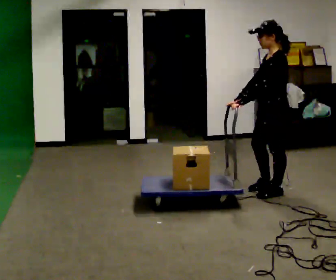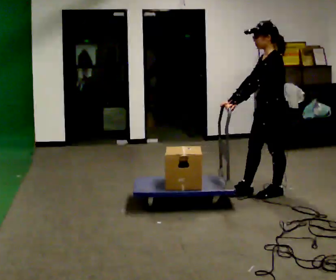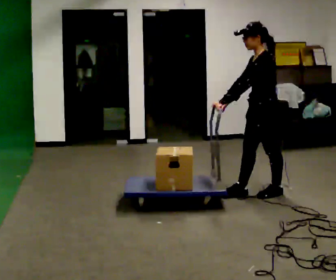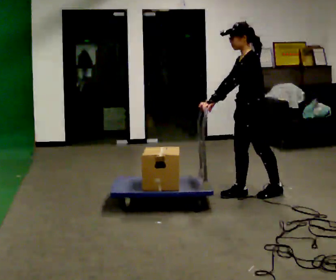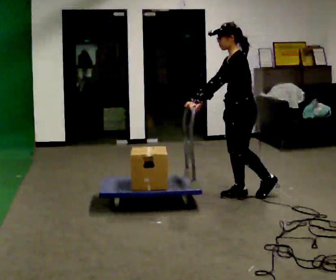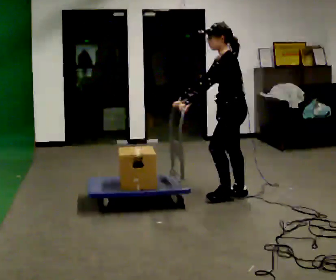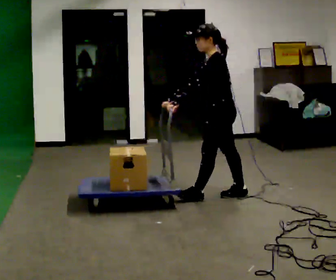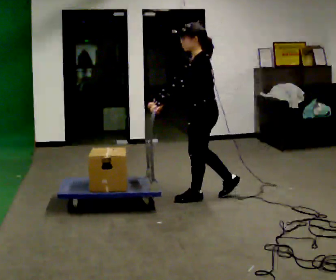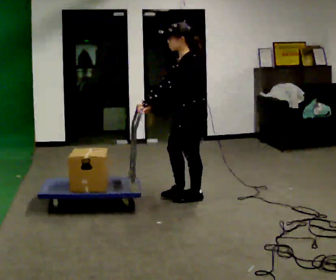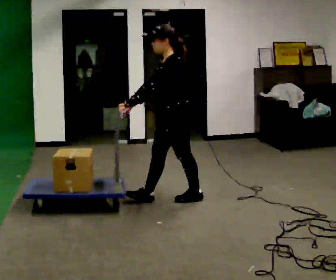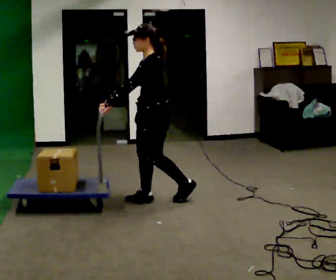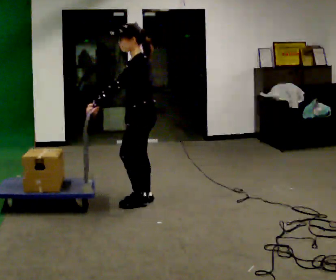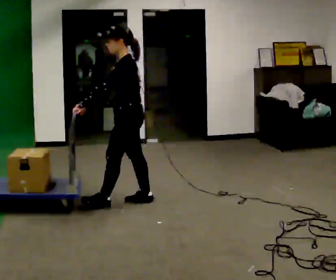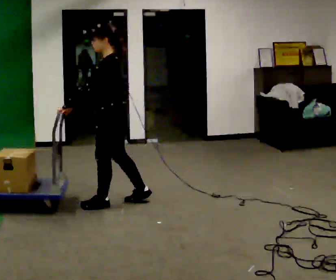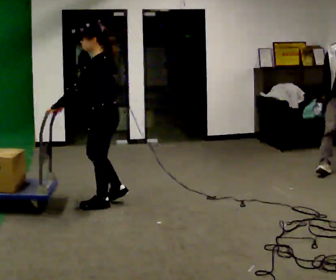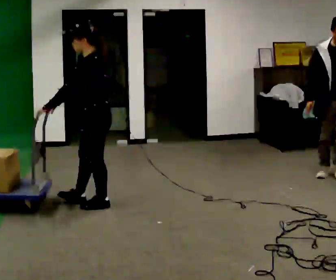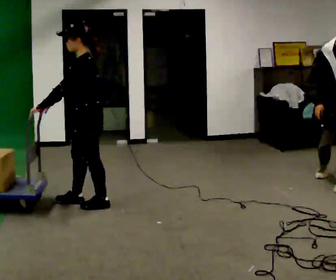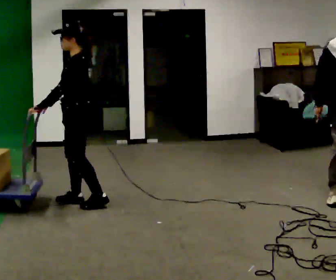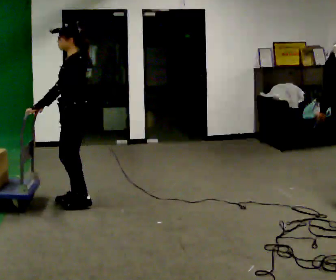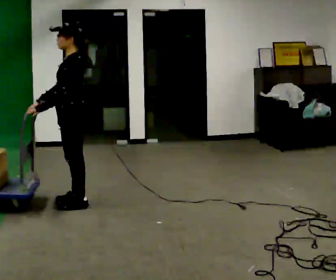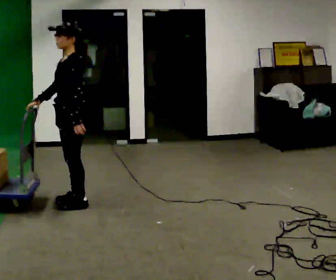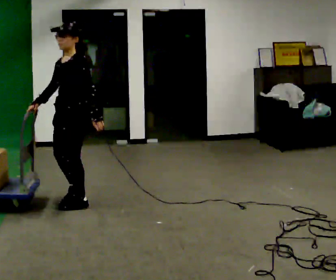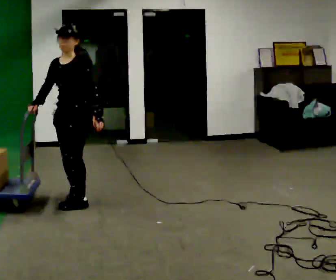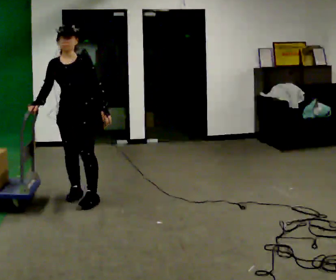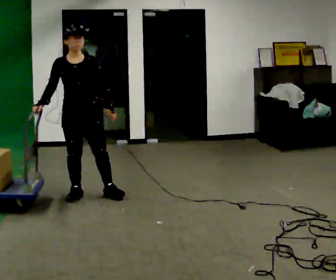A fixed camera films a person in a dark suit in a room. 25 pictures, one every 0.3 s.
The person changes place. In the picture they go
to the left.
0.0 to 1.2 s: In the picture they go to the left, about 0.25 m in 1 step, which for them is forward.
1.2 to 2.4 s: In the picture they go to the left, about 0.5 m in 1 step, which for them is forward.
2.4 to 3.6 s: In the picture they go to the left, about 0.5 m in 2 steps, which for them is forward.
3.6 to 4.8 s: In the picture they go to the left, about 0.25 m in 1 step, which for them is forward.
4.8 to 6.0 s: The person moves a little, or ends about where they began.
6.0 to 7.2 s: The person turns about 75 degrees to their left, counterclockwise seen from above, so the part of the body nearest the lens slides to the right. In the picture they go away from the camera, about 0.25 m in 1 step.
The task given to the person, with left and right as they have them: Push the cart across the room and back. The operator will change how much is loaded on it between takes and will tell you each time.
The film runs forward here.
